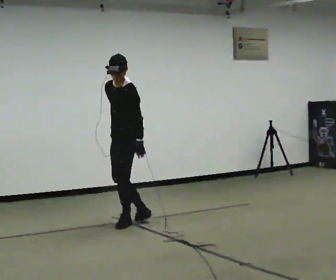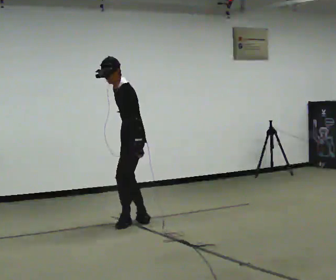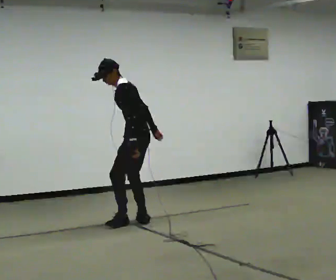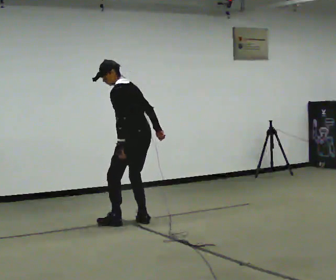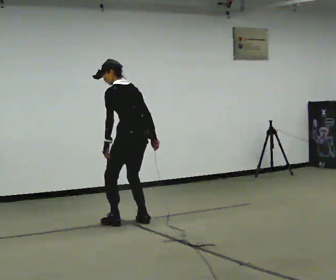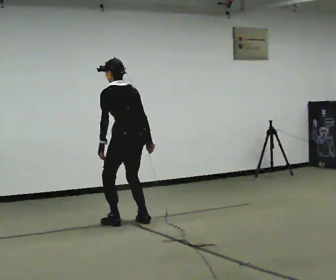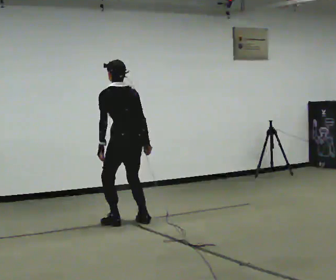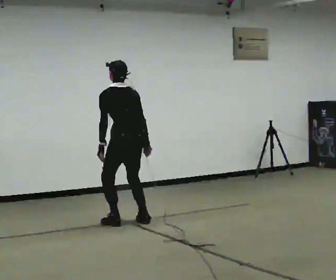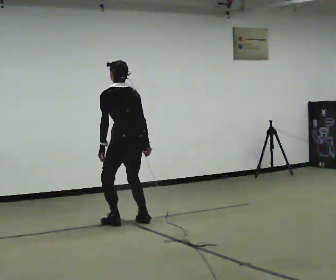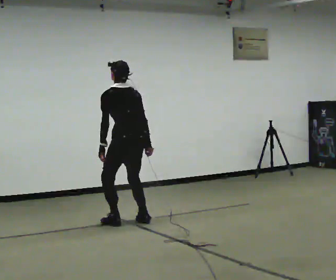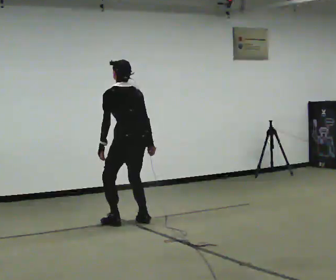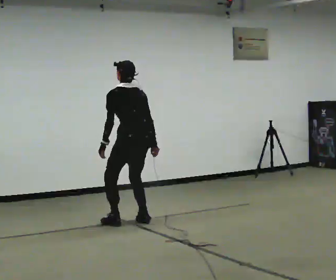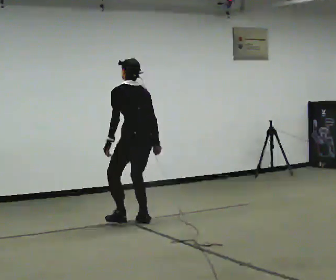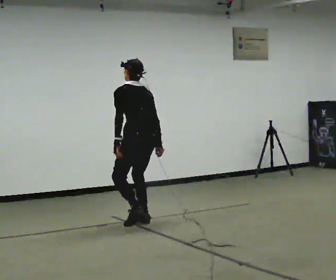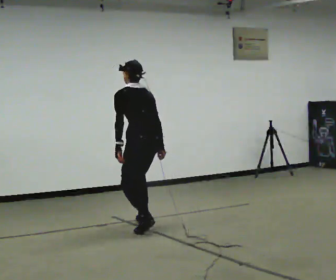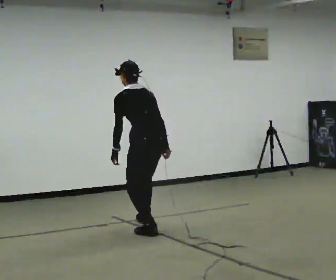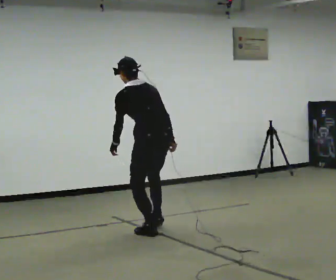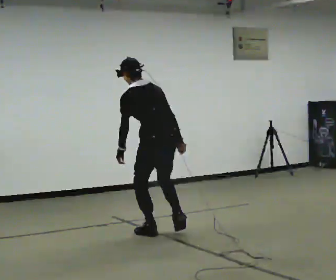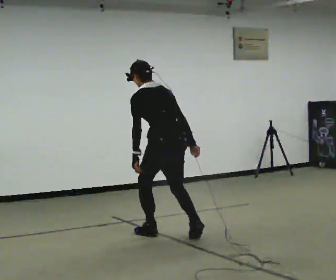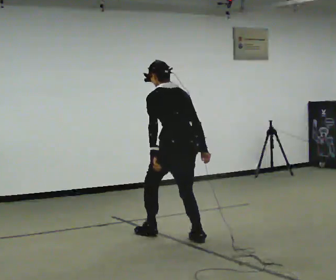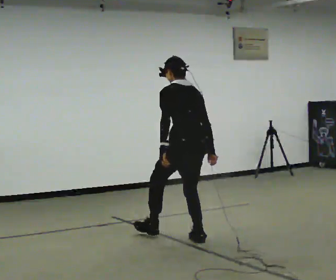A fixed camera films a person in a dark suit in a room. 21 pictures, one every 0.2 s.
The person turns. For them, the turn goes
to their right.
The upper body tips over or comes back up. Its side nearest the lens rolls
upward.
0.0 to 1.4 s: The part of the body nearest the lens slides to the left as the person turns to their right by about 90 degrees. The upper body tips away from the camera, its near side rolling upward. In the picture their right hand goes to the right.
1.4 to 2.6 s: The person moves a little, or ends about where they began.
2.6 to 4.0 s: In the picture they go toward the camera and to the right, about 1 m in 2 steps, which for them is backward.
The film runs backward here.
